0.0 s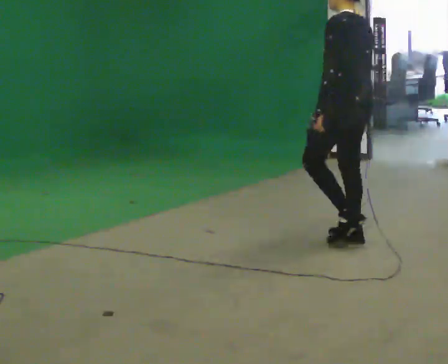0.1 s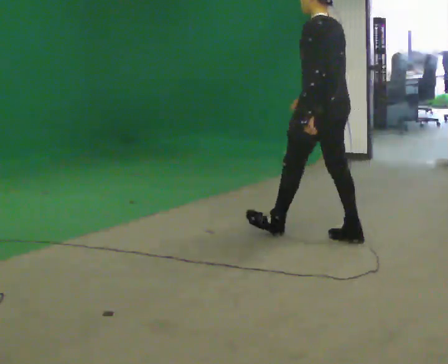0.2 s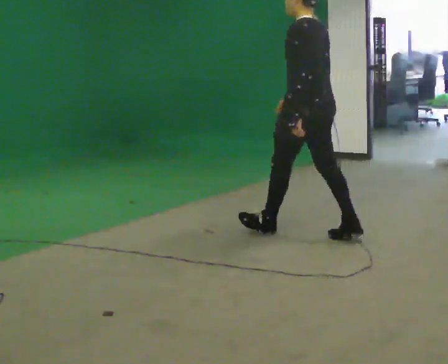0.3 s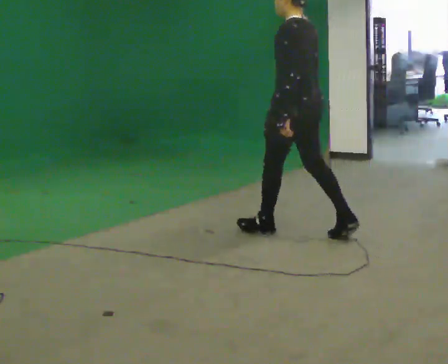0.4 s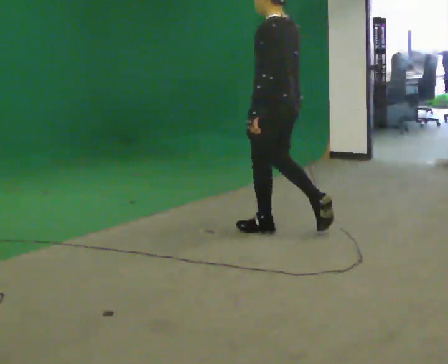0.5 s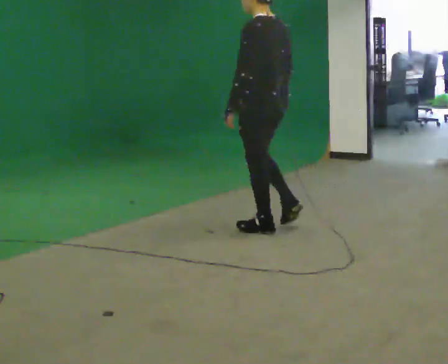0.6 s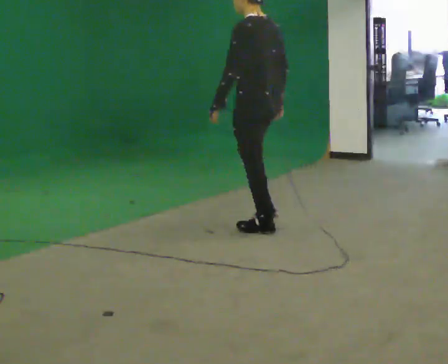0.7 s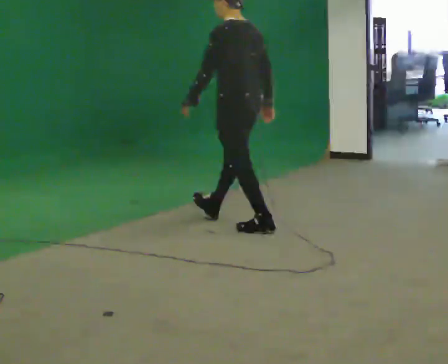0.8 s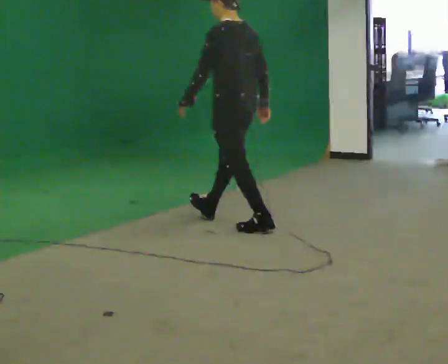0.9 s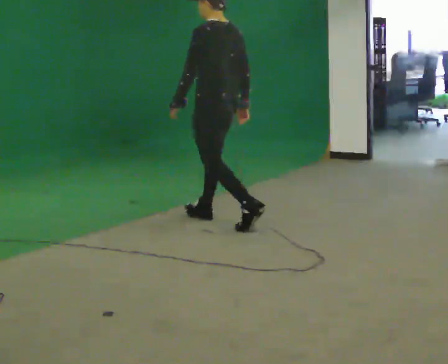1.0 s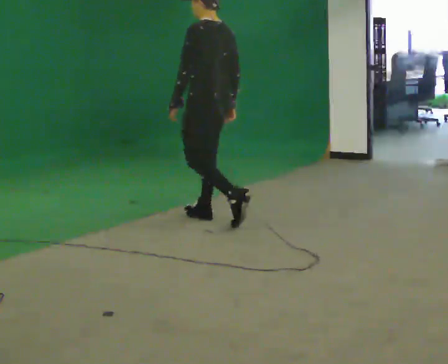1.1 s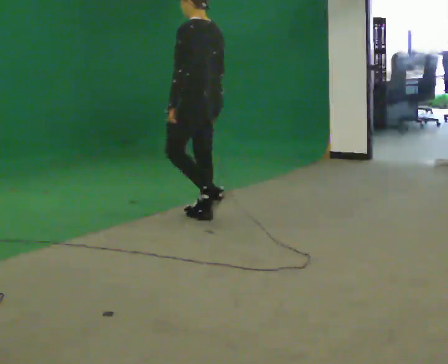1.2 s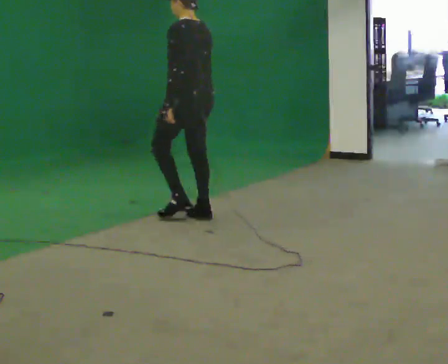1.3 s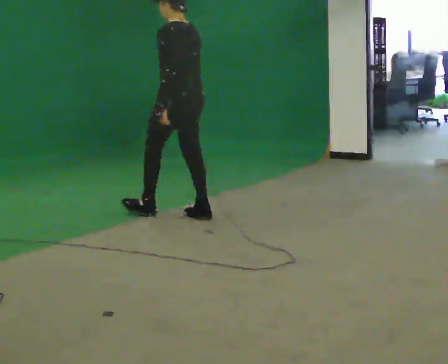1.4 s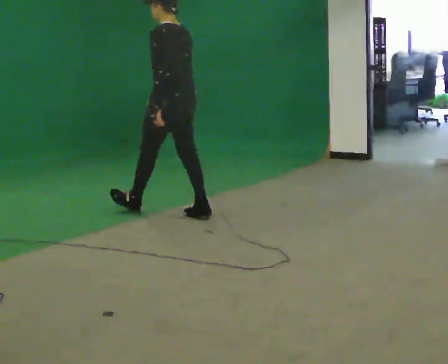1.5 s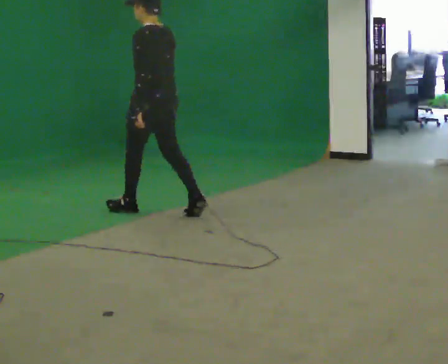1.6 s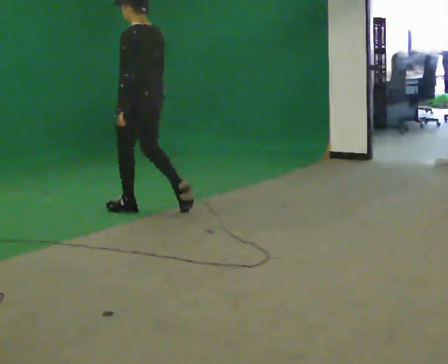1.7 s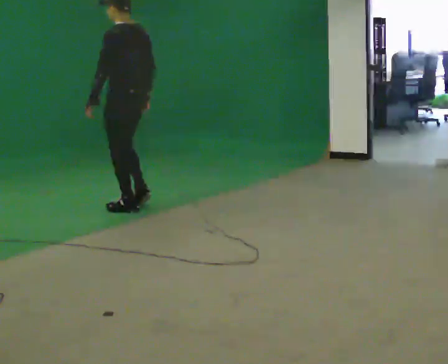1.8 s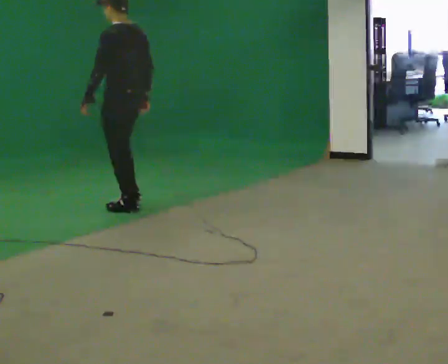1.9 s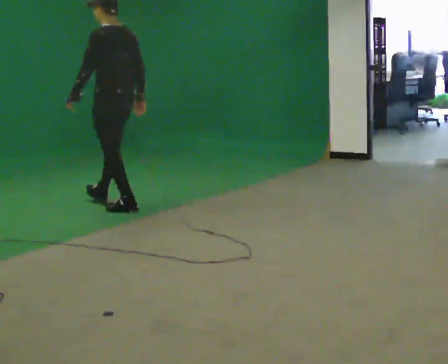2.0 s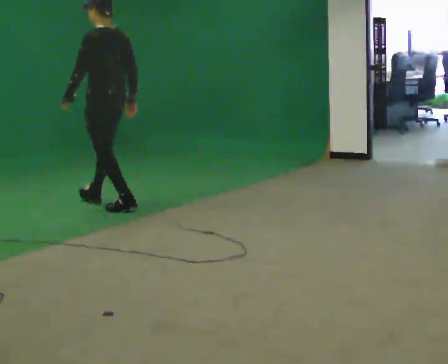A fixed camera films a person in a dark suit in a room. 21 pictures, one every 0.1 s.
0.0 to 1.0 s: In the picture they go to the left and away from the camera, about 1 m in 2 steps, which for them is forward.
1.0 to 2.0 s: In the picture they go to the left and away from the camera, about 1 m in 2 steps, which for them is forward.
The film runs forward here.
